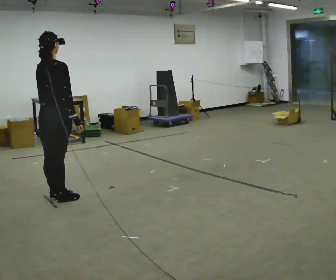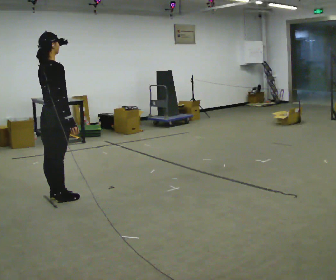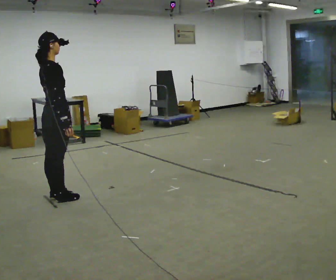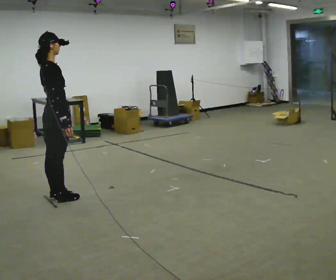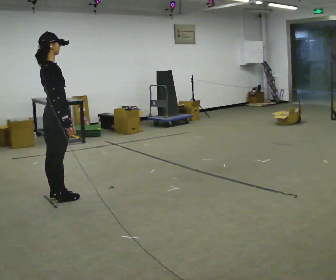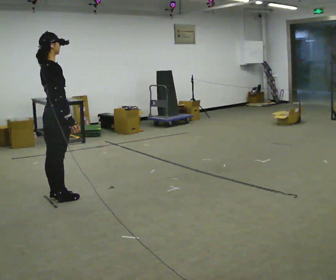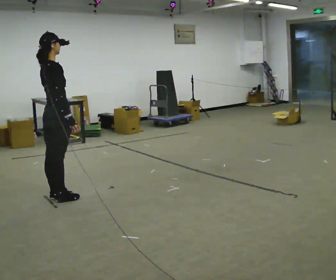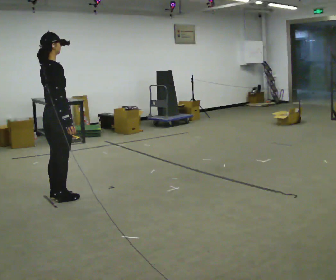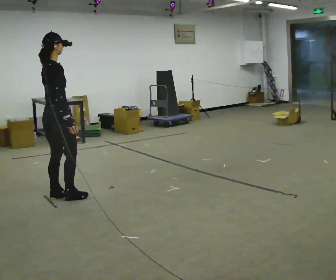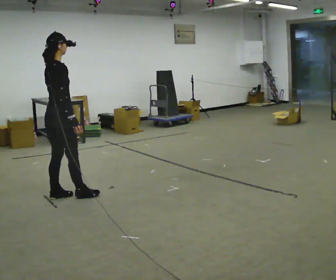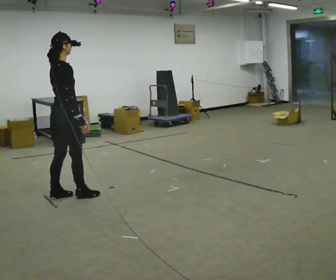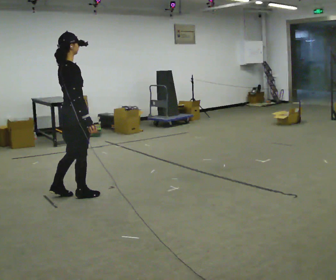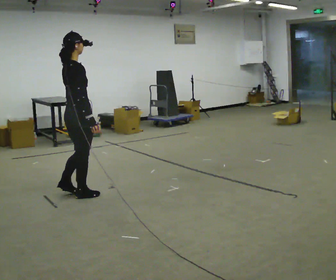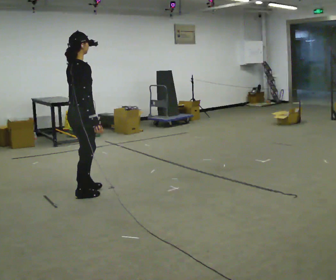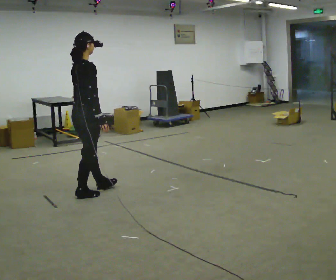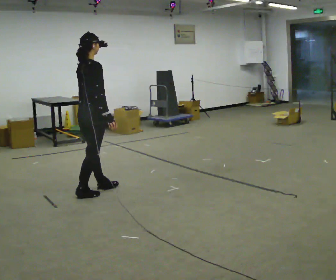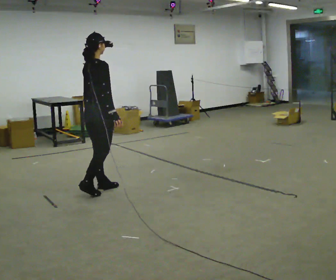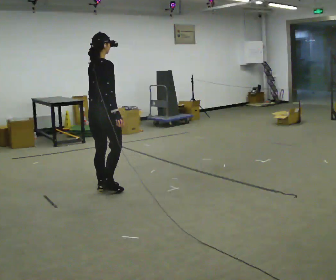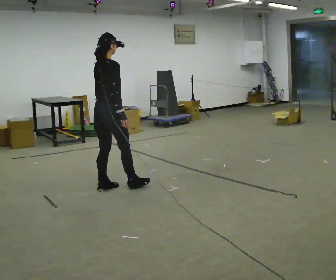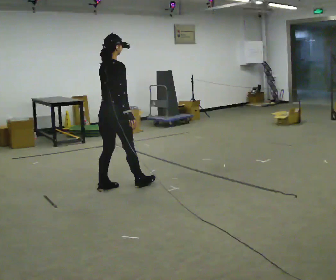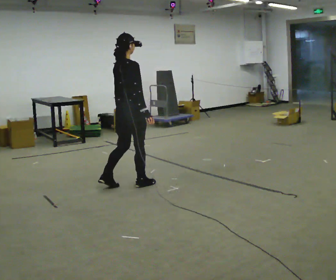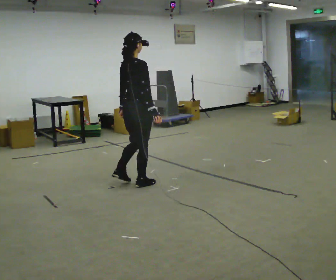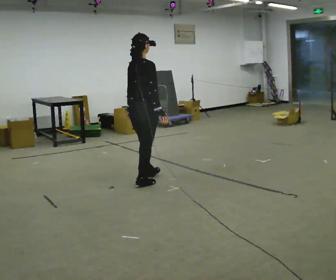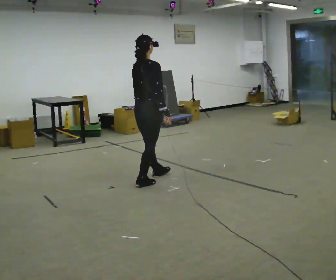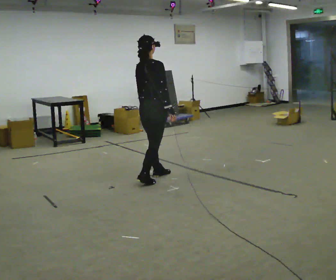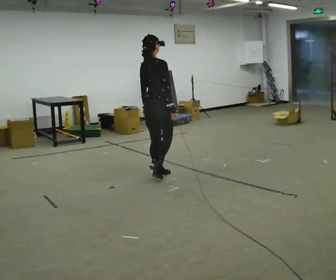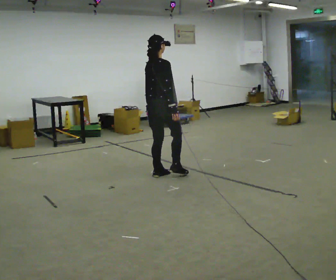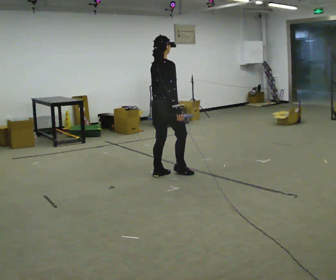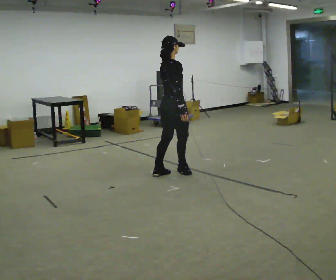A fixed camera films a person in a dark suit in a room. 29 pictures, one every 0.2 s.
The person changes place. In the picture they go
to the right.
0.0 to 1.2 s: Seen from above the body turns clockwise, about 30 degrees: to their right, with its near side sliding to the left.
1.2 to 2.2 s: In the picture they go to the right, about 0.25 m in 1 step, which for them is forward.
2.2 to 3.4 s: In the picture they go to the right and away from the camera, about 0.25 m in 2 steps, which for them is forward.
3.4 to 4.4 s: In the picture they go to the right, about 0.5 m in 1 step, which for them is forward.
4.4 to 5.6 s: In the picture they go to the right and away from the camera, about 0.5 m in 1 step, which for them is forward.
The film runs backward here.
